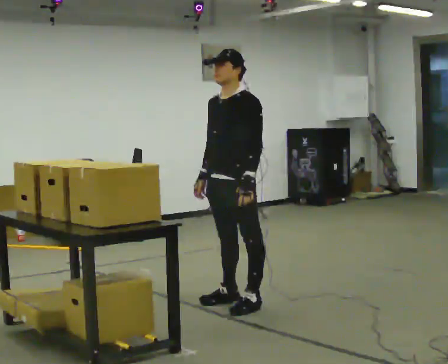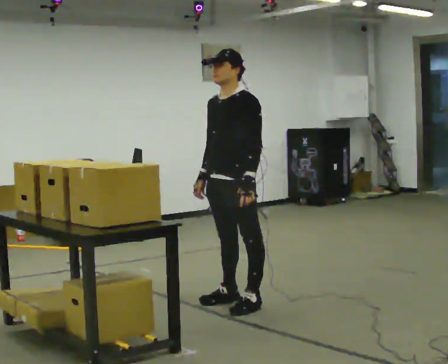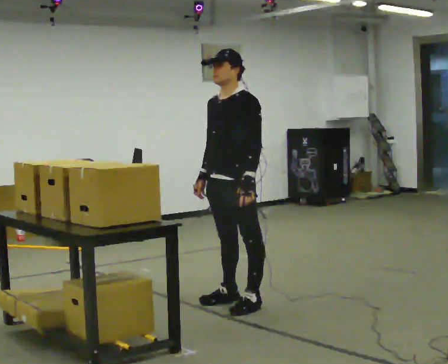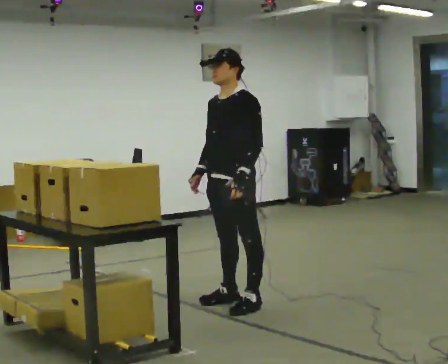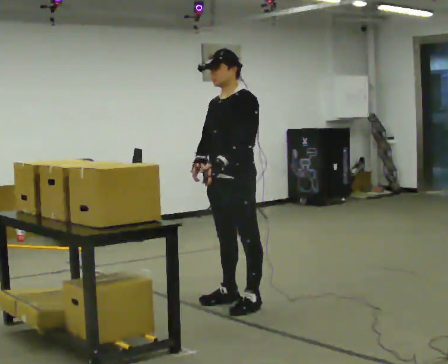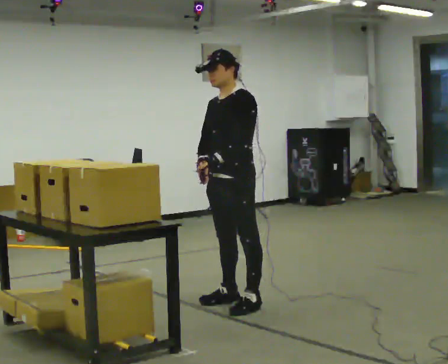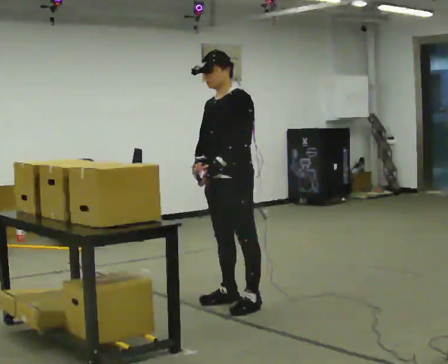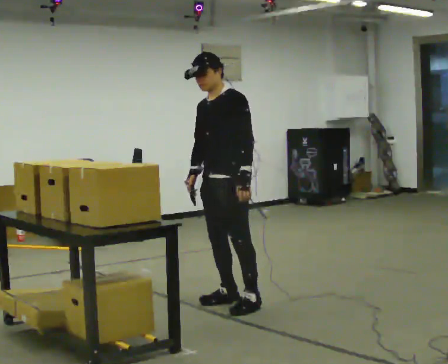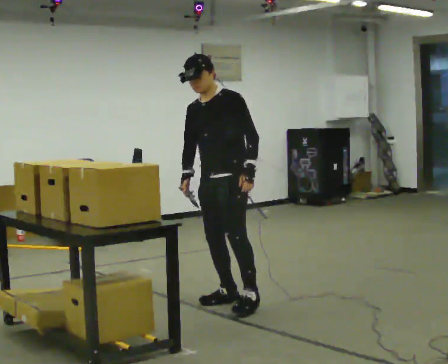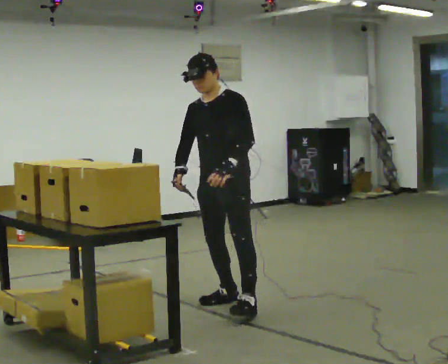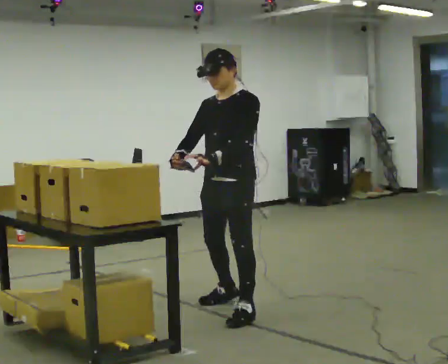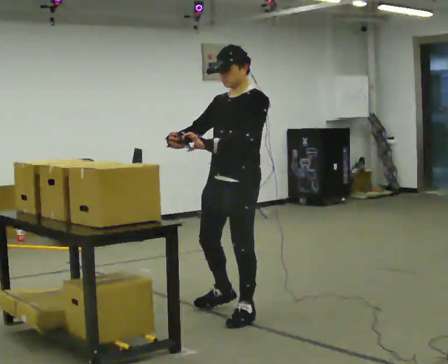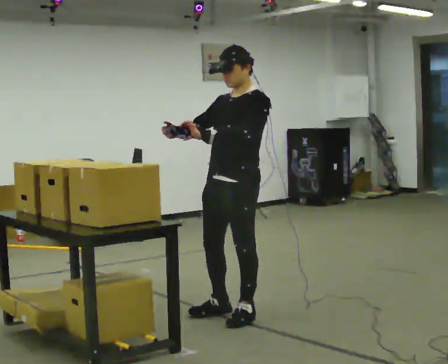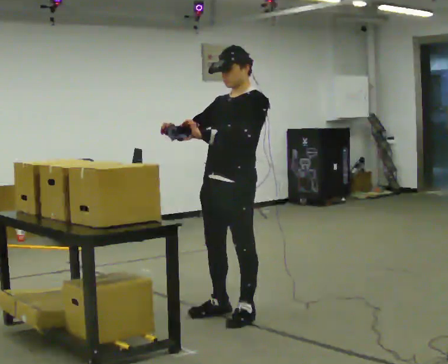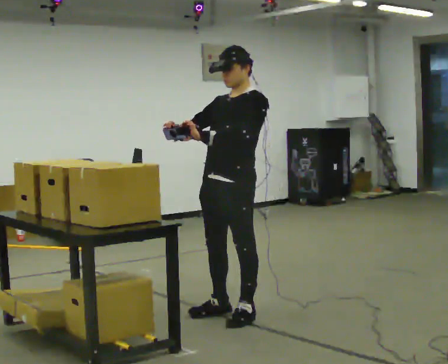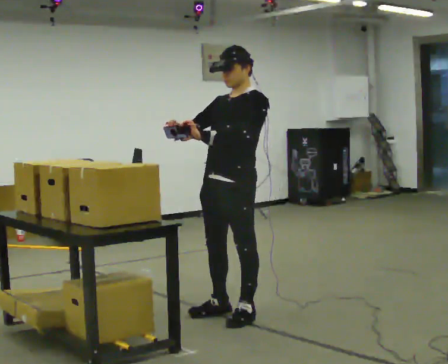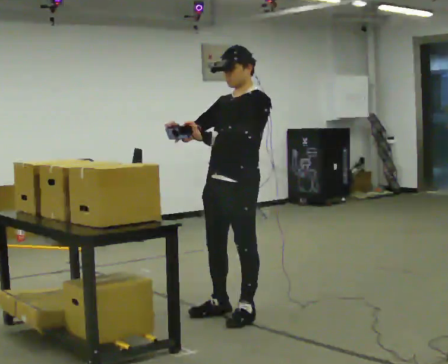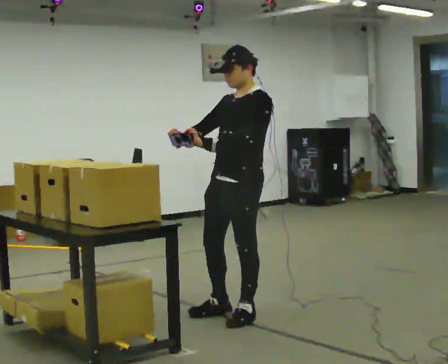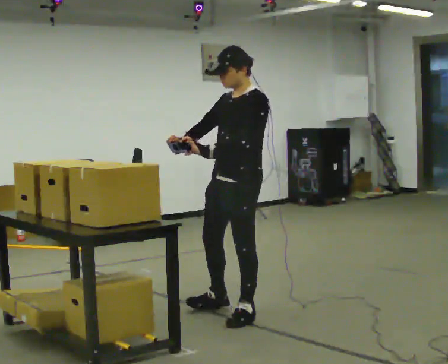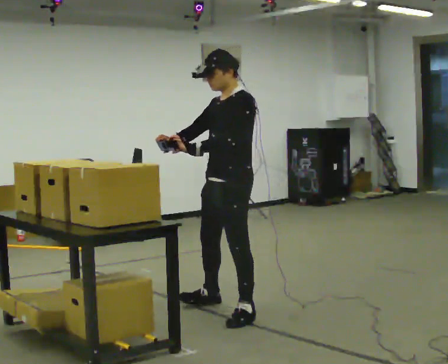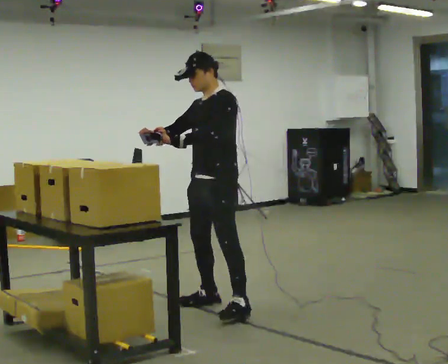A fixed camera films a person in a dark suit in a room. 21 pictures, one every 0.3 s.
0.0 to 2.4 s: The person moves a little, or ends about where they began.
2.4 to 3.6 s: In the picture they go toward the camera, about 0.25 m in 2 steps, which for them is to their left and forward. In the picture the upper body tilts clockwise, shoulders to the right, as they lean back or straighten.
3.6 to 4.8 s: The person moves a little, or ends about where they began.
4.8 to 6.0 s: In the picture they go away from the camera, about 0.25 m in 1 step, which for them is to their right.
The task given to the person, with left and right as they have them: Point the scanner at each label on the shelf in front of you and press the button. Repeat at your own pace until the operator says stop. Keep both feet on the marked spots for the whole take. If you have to step, stop and tell the operator.
The film runs forward here.
